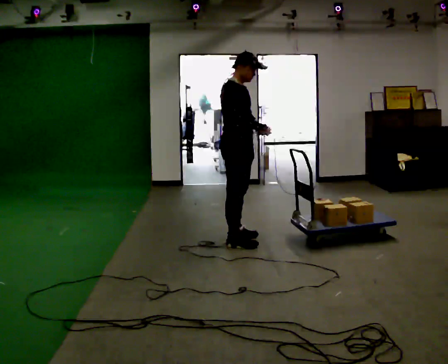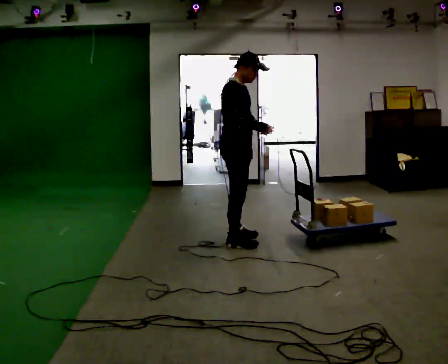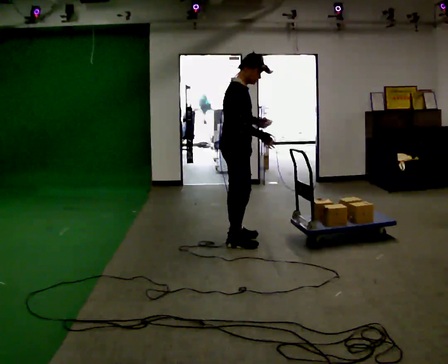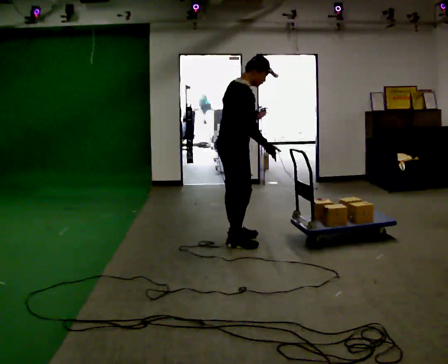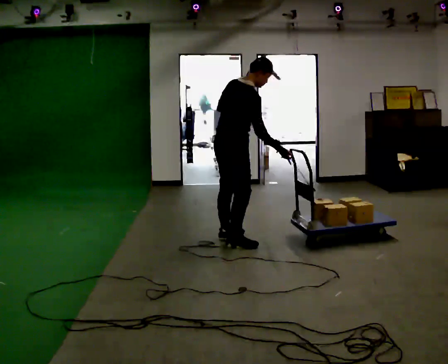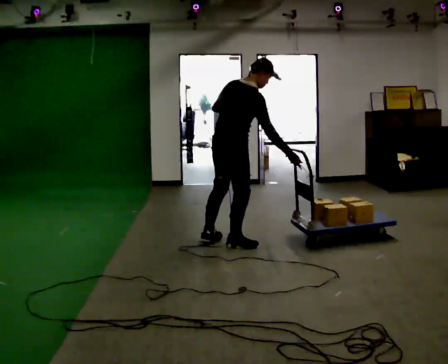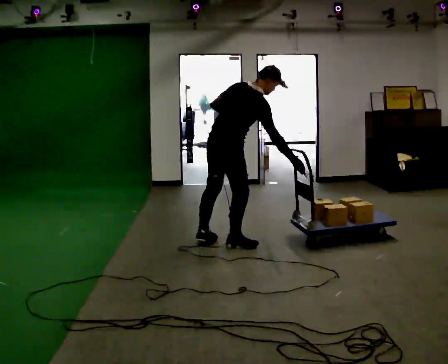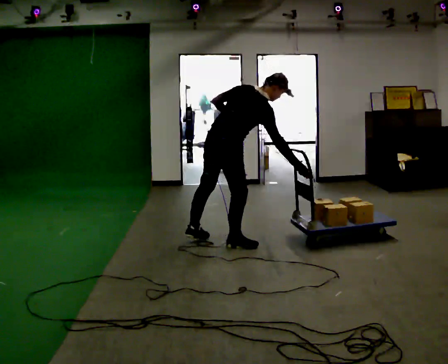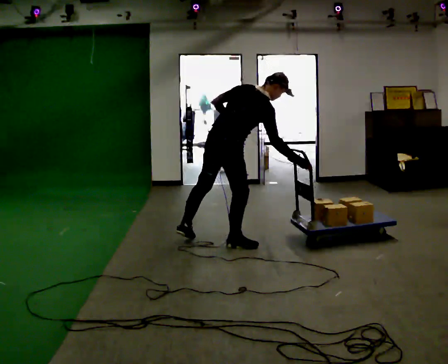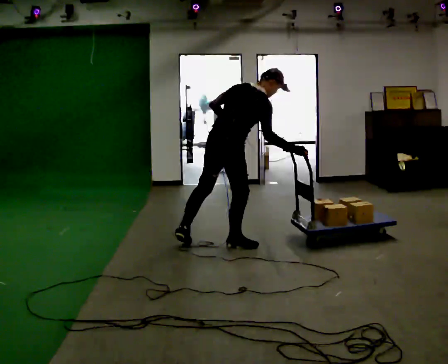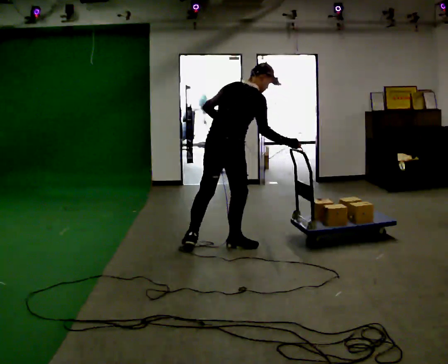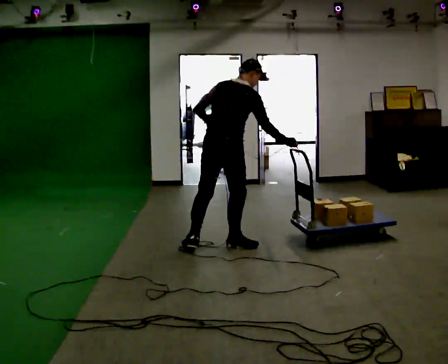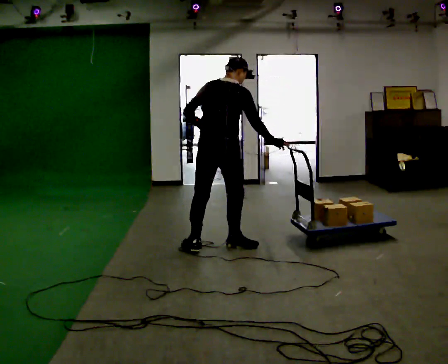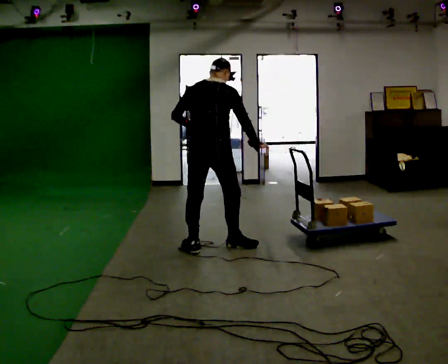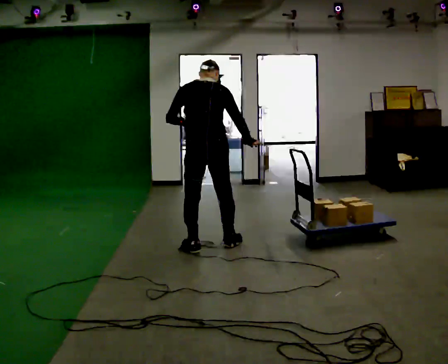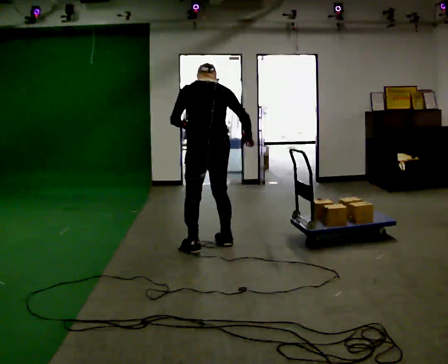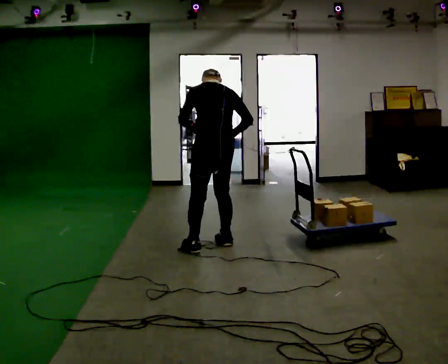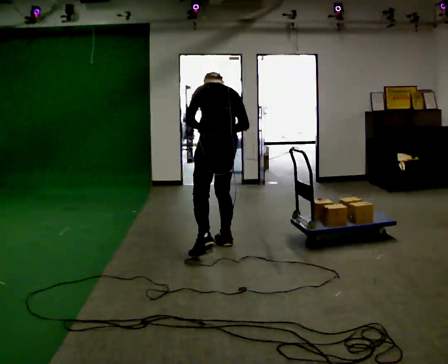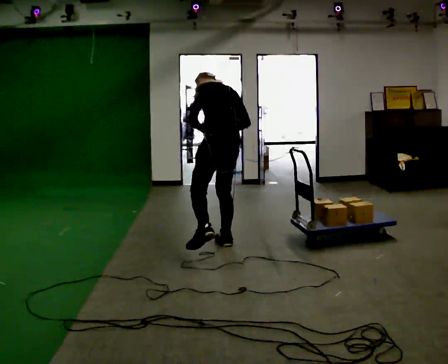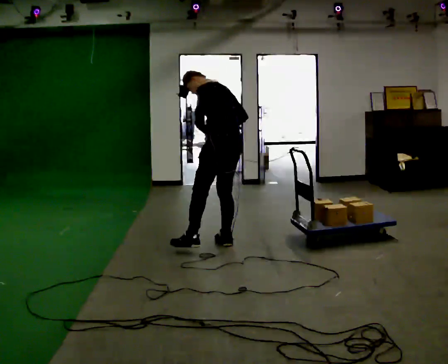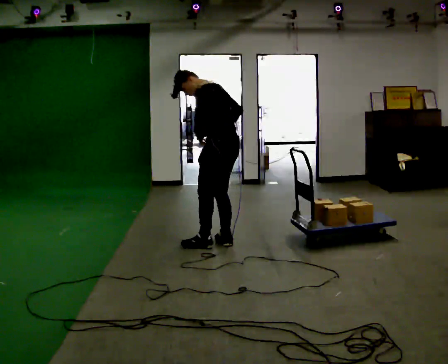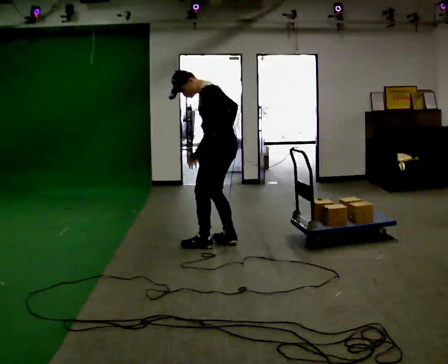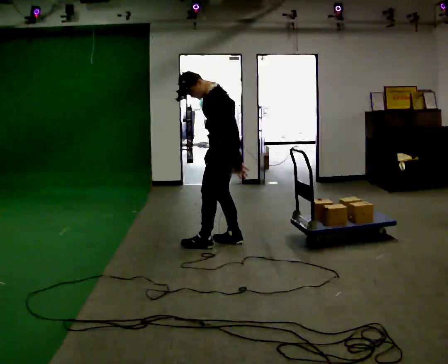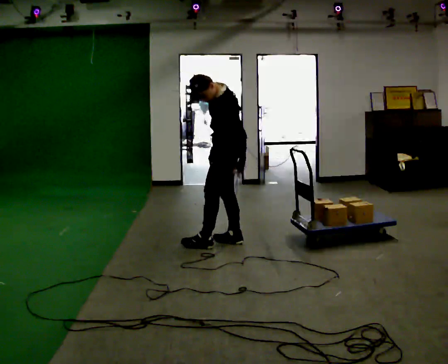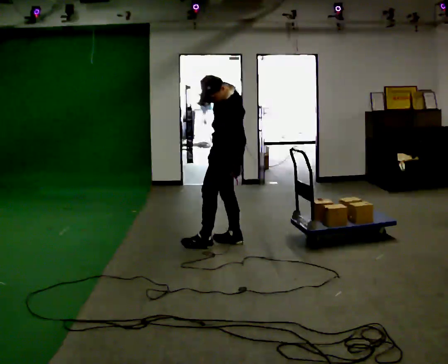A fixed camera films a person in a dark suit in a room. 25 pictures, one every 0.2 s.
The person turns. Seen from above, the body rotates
counterclockwise.
The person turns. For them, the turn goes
to their left.
0.0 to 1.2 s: The part of the body nearest the lens slides to the right as the person turns to their left by about 60 degrees. In the picture they go toward the camera, about 0.25 m, which for them is to their right and backward. In the picture the upper body tilts clockwise, shoulders to the right, as they bend forward.
1.2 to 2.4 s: The person turns about 30 degrees to their left, counterclockwise seen from above, so the part of the body nearest the lens slides to the right.
2.4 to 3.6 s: Seen from above the body turns counterclockwise, about 60 degrees: to their left, with its near side sliding to the right. In the picture the upper body tilts counterclockwise, shoulders to the left. In the picture their right hand goes to the left.
3.6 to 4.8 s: Seen from above the body turns counterclockwise, about 45 degrees: to their left, with its near side sliding to the right. In the picture they go away from the camera, about 0.25 m in 1 step, which for them is to their right. The upper body tips toward the camera, its near side rolling downward, as they lean back or straighten. In the picture their left hand goes to the right and downward.
The film runs forward here.
